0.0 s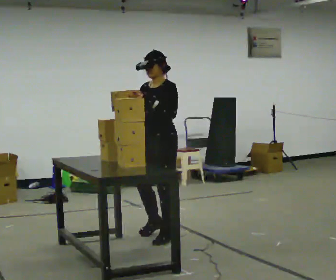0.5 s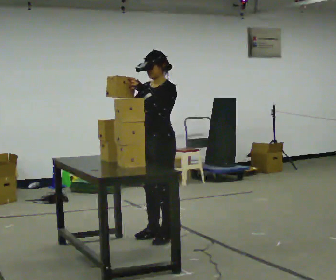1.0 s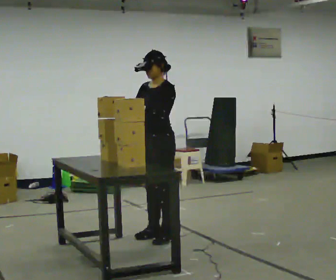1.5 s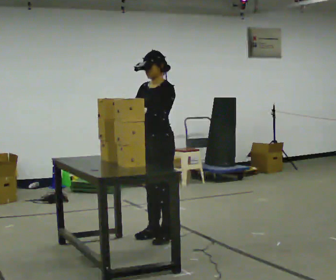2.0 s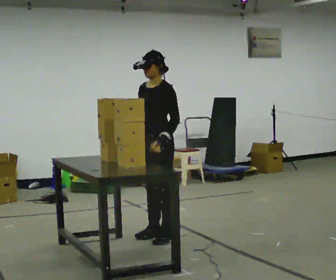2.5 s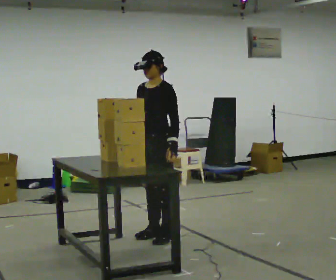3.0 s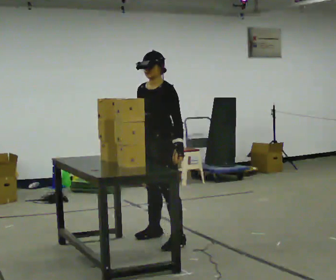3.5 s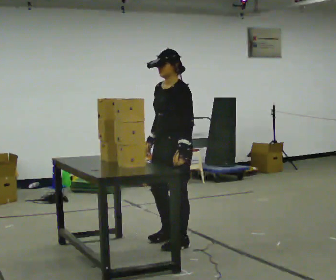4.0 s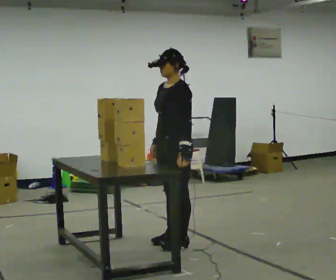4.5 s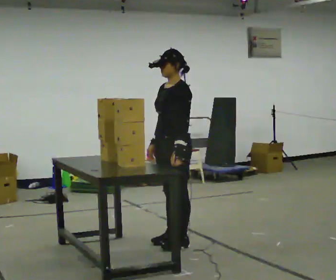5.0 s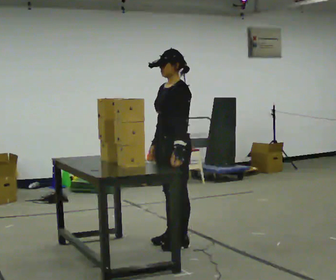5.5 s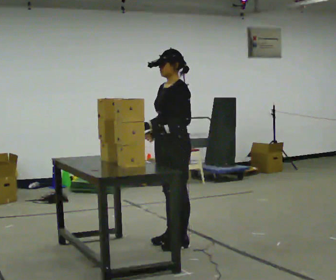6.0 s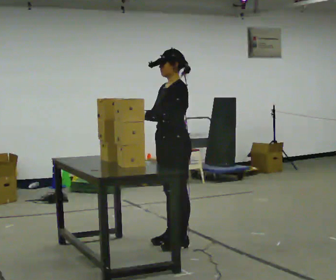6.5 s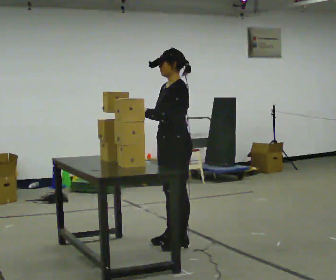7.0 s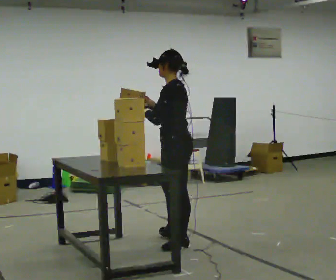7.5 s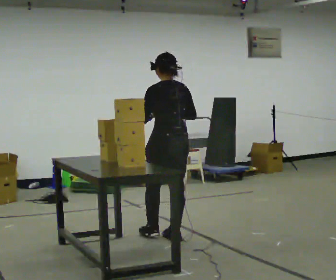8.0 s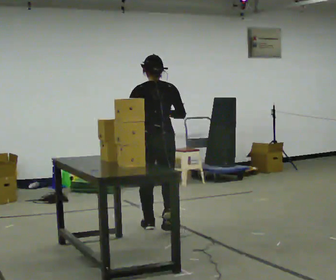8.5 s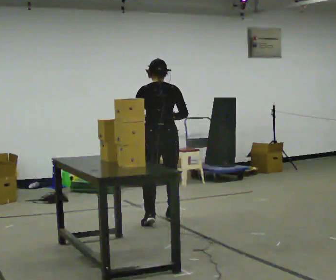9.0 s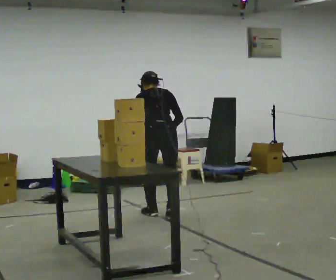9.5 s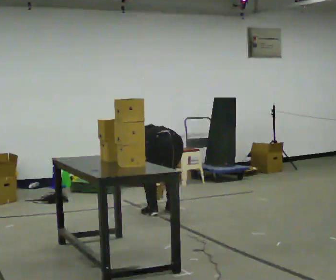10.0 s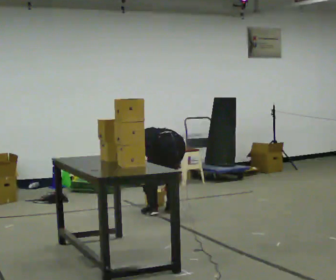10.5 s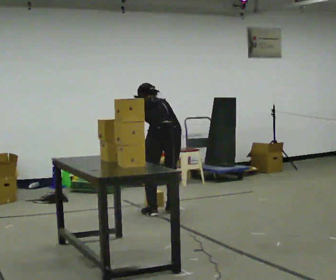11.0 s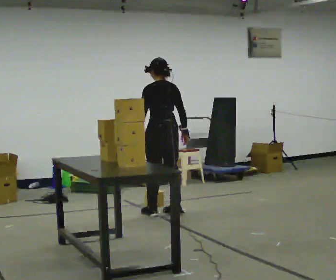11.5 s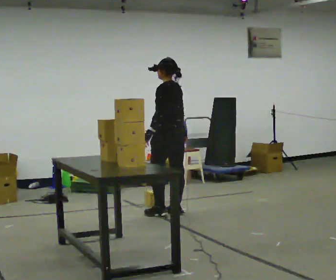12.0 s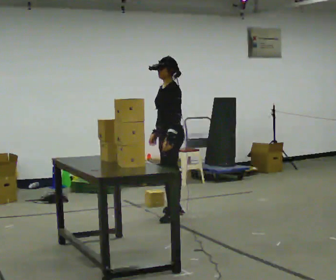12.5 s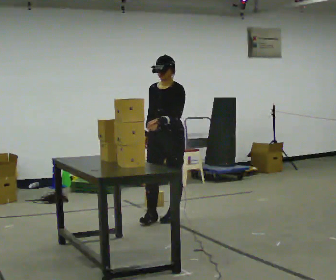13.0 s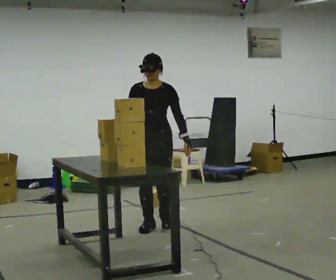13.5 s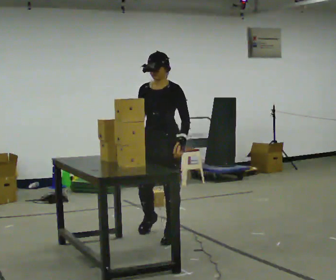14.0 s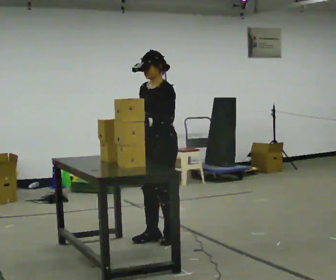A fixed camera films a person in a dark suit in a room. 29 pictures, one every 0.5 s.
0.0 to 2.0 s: In the picture their left hand goes downward.
2.0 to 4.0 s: In the picture they go toward the camera and to the right, about 0.25 m in 2 steps, which for them is to their left.
4.0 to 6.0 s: In the picture their left hand goes to the left, the arm swinging clockwise.
6.0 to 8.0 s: The part of the body nearest the lens slides to the left as the person turns to their right by about 105 degrees. In the picture they go away from the camera, about 0.5 m in 1 step.
8.0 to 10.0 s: In the picture they go away from the camera, about 0.5 m in 3 steps, which for them is forward. The shoulders move downward. The upper body tips away from the camera, its near side rolling upward, as they bend forward. In the picture their left hand goes downward.
10.0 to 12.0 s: The person turns about 75 degrees to their left, counterclockwise seen from above, so the part of the body nearest the lens slides to the right. The upper body goes upward. The upper body tips toward the camera, its near side rolling downward, as they lean back or straighten. In the picture their right hand goes upward.
12.0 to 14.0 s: The part of the body nearest the lens slides to the right as the person turns to their left by about 30 degrees. In the picture they go toward the camera, about 1 m in 3 steps.
The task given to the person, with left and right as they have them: Pick up the next box in the row and carry it to the table. The operator will not tell you how heavy each one is. Keep going until the operator says stop; one object at a time, and do not rush between trips.
The film runs forward here.
